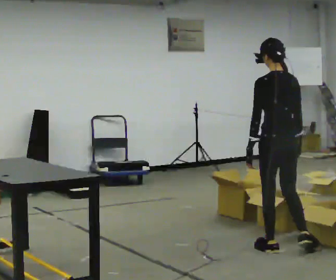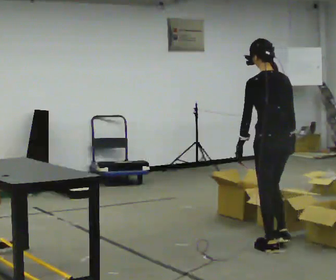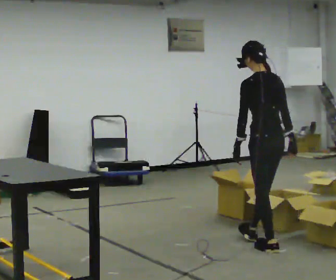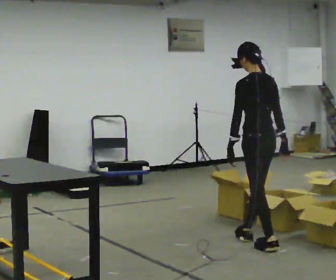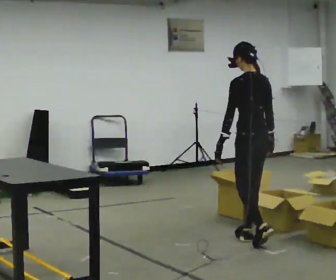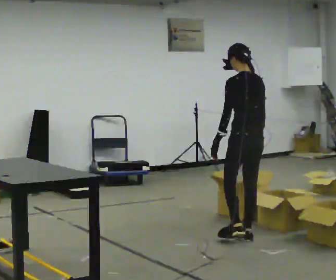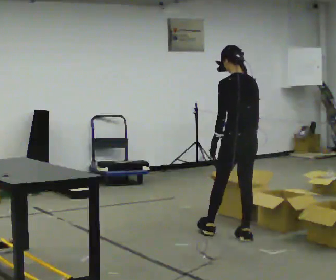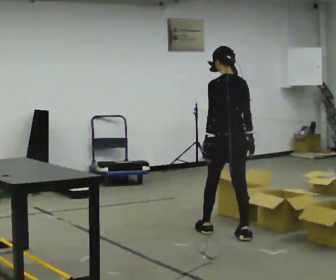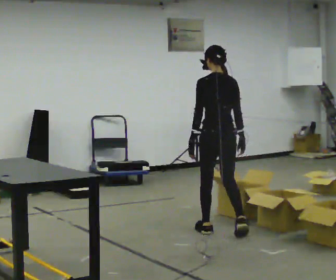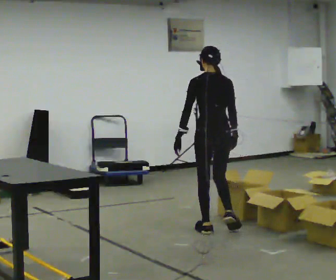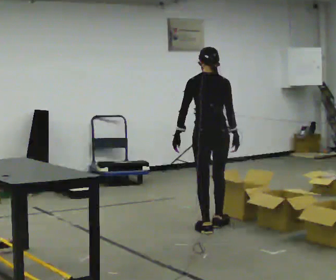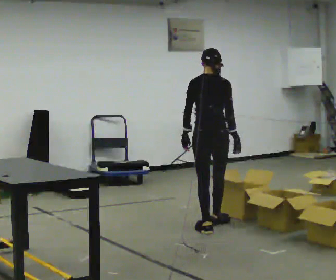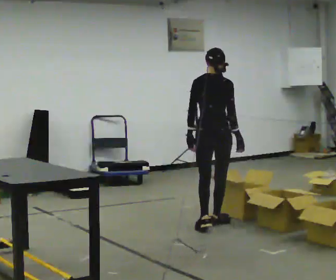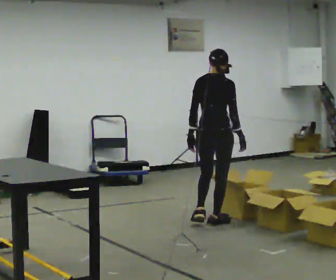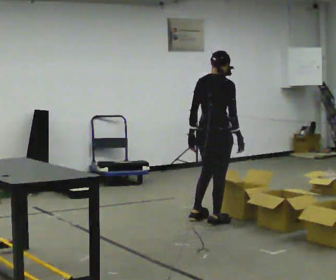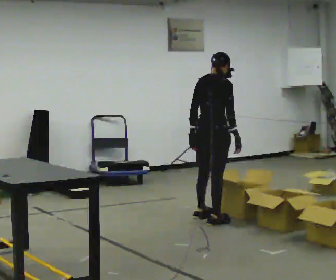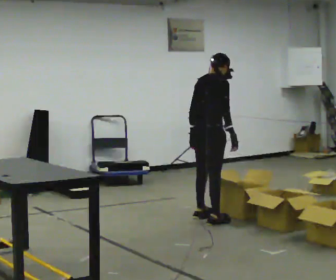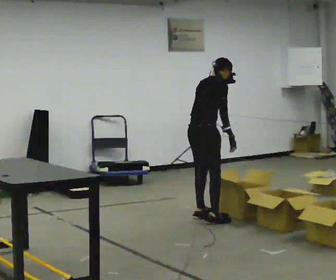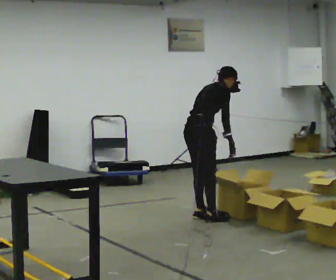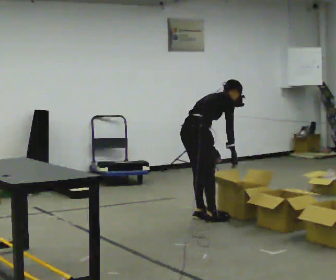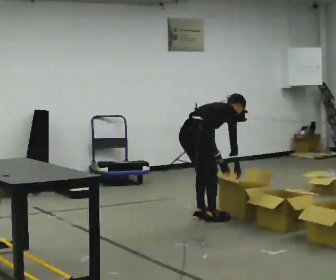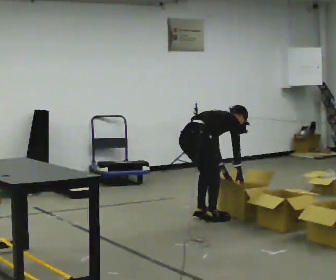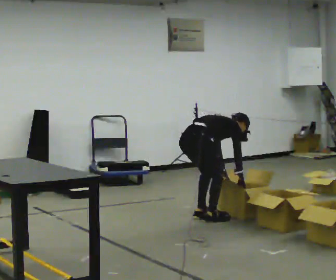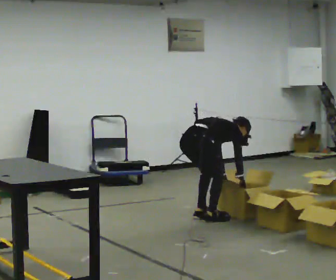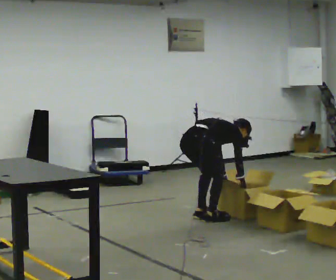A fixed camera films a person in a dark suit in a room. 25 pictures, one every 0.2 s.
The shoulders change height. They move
downward.
The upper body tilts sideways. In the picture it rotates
clockwise.
0.0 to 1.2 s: In the picture they go away from the camera and to the left, about 0.5 m in 1 step, which for them is forward.
1.2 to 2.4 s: Seen from above the body turns clockwise, about 45 degrees: to their right, with its near side sliding to the left. In the picture they go away from the camera and to the left, about 0.5 m in 2 steps, which for them is forward and to their left.
2.4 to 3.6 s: The part of the body nearest the lens slides to the left as the person turns to their right by about 45 degrees. In the picture they go away from the camera and to the left, about 0.25 m in 1 step, which for them is to their left. In the picture the upper body tilts clockwise, shoulders to the right, as they bend forward.
3.6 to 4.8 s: The upper body goes downward. In the picture the upper body tilts clockwise, shoulders to the right, as they bend forward. In the picture their right hand goes downward.
The film runs forward here.
